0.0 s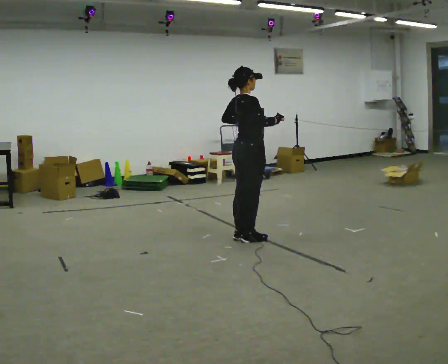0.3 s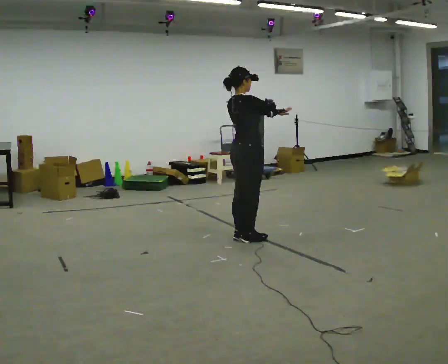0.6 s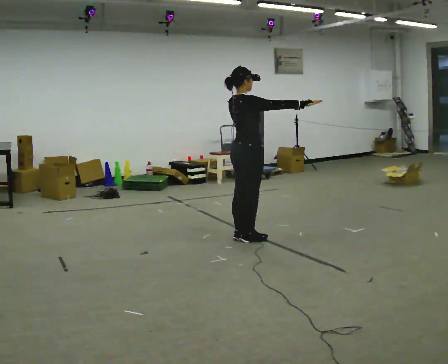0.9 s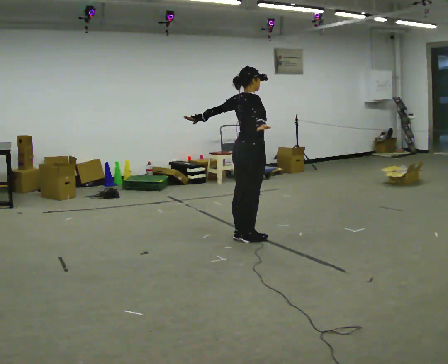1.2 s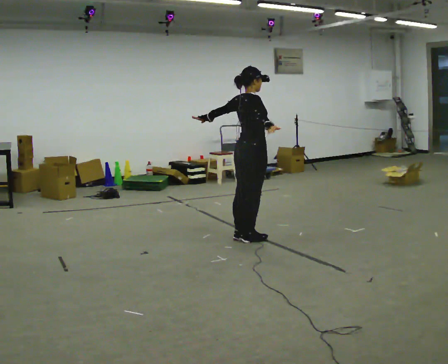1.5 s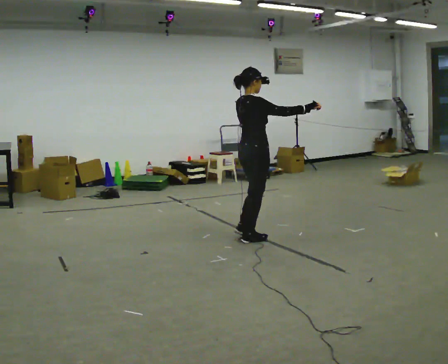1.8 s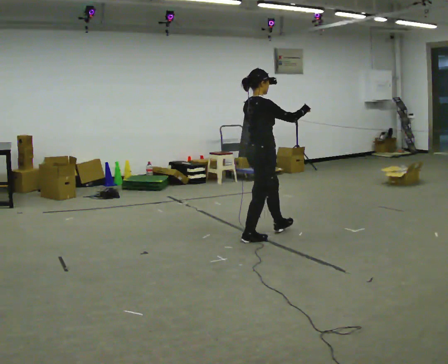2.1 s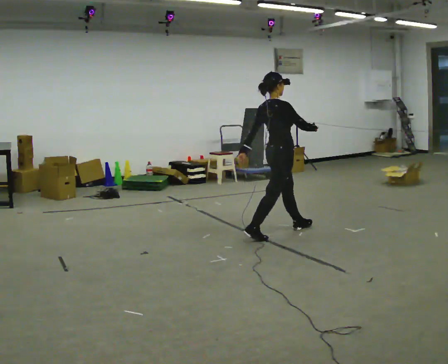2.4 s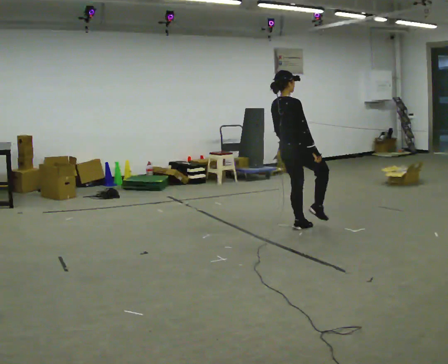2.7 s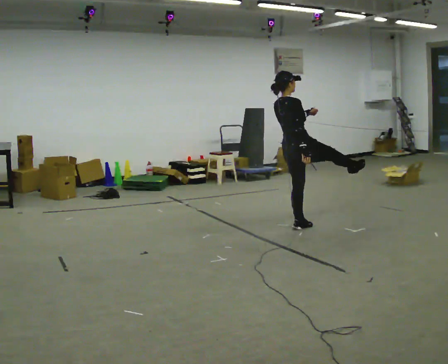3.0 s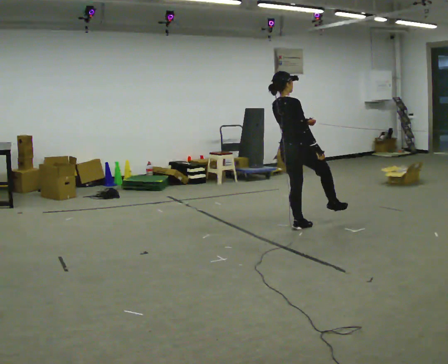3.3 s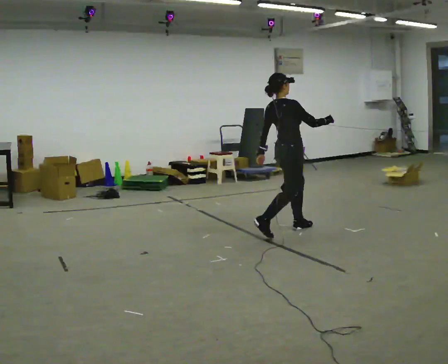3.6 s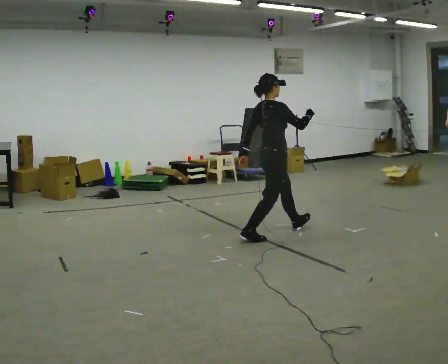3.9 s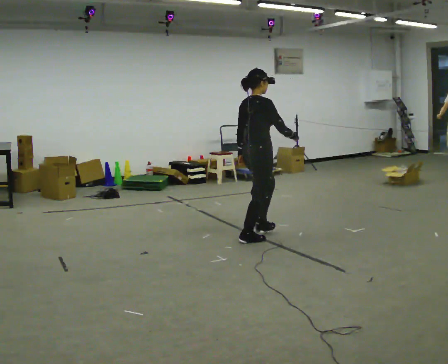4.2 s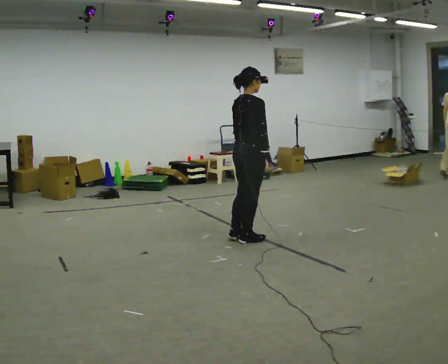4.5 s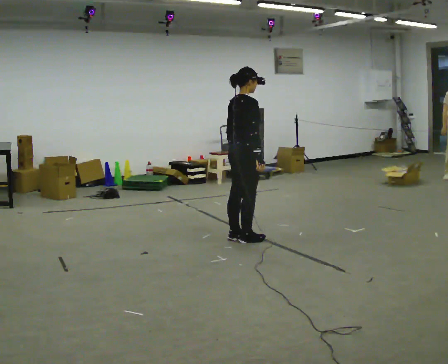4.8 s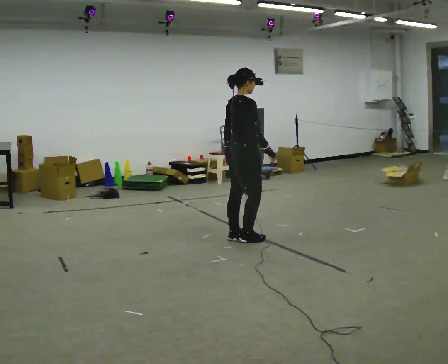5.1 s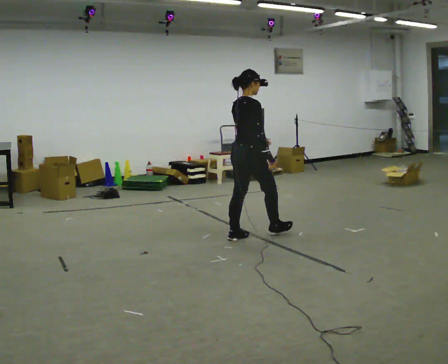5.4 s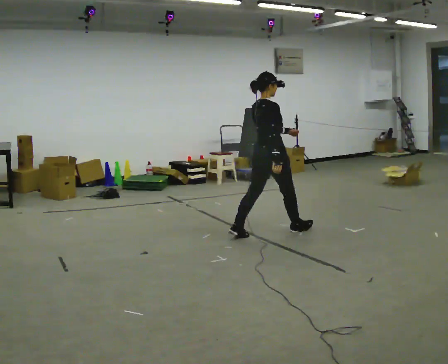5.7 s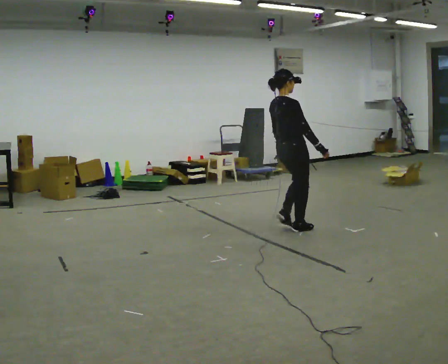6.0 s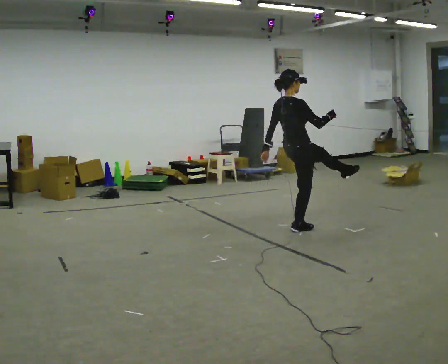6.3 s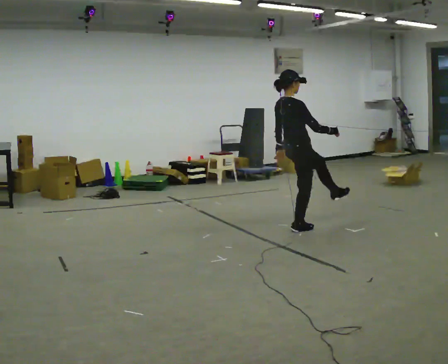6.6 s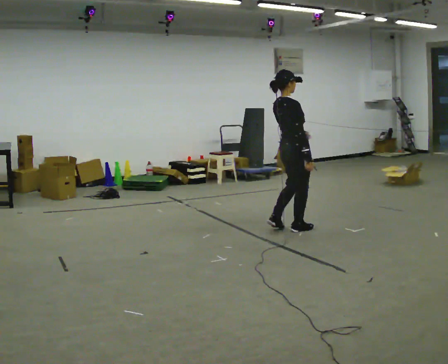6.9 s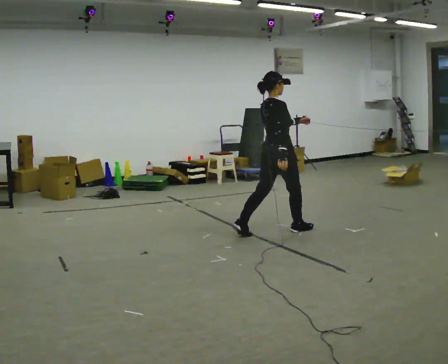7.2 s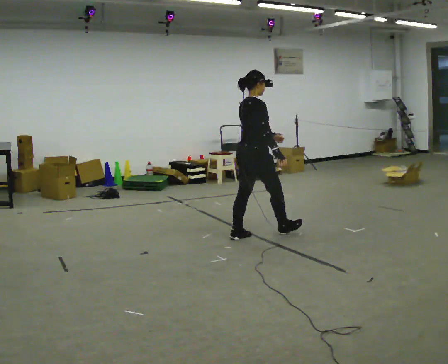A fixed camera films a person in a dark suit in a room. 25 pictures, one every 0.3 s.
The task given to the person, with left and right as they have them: Dance freely at a slow tempo as if to slow music; keep moving continuously.
0.0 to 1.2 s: The person moves a little, or ends about where they began.
1.2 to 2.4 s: In the picture they go to the right and away from the camera, about 0.5 m in 1 step, which for them is forward.
2.4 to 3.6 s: In the picture they go to the left and toward the camera, about 0.25 m, which for them is backward. In the picture their right hand goes upward, the arm swinging counterclockwise.
3.6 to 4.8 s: In the picture they go to the left, about 0.25 m in 1 step, which for them is backward. In the picture their right hand goes downward.
4.8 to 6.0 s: In the picture they go to the right and away from the camera, about 0.5 m in 1 step, which for them is forward. In the picture their right hand goes upward.
6.0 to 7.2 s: In the picture they go to the left and toward the camera, about 0.5 m, which for them is backward. In the picture their right hand goes downward.
The film runs forward here.
